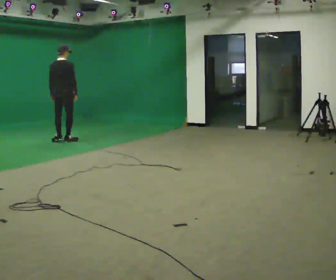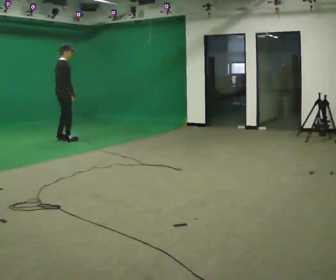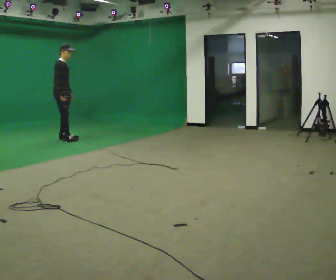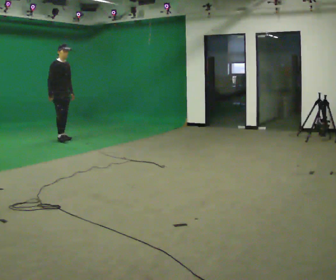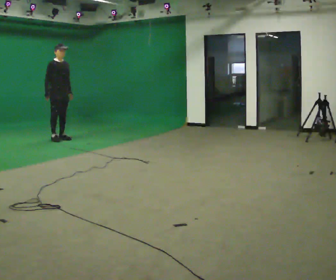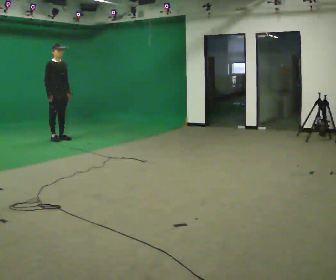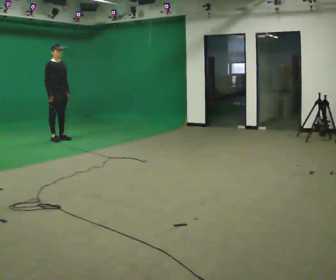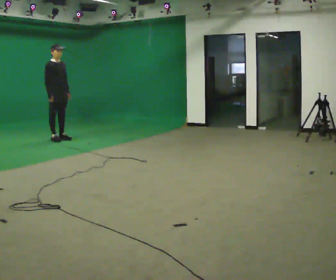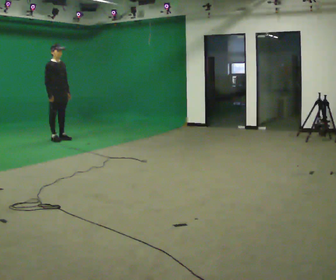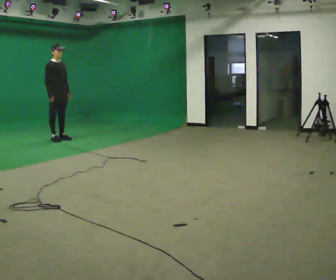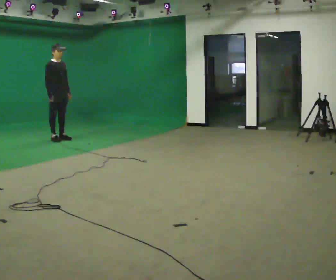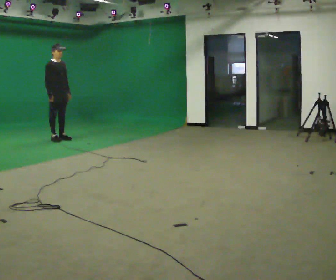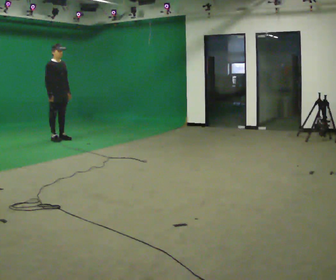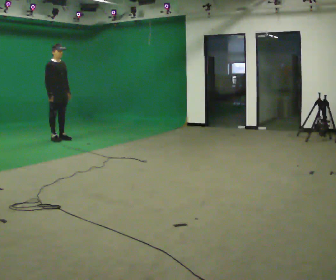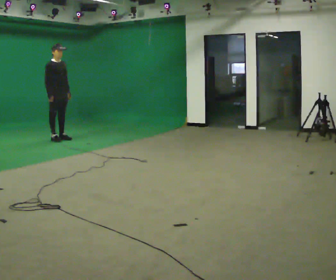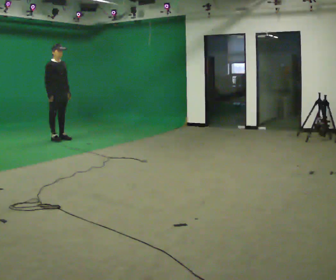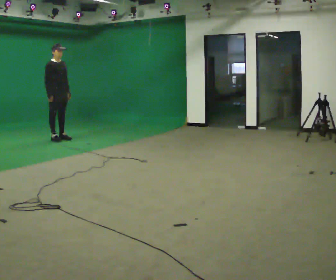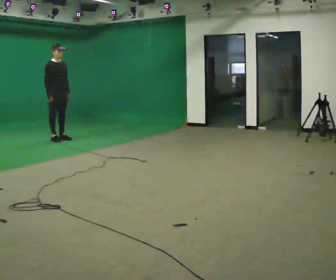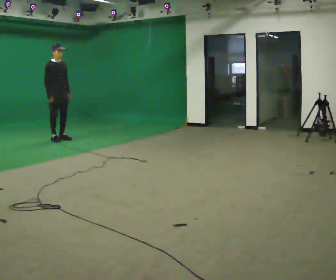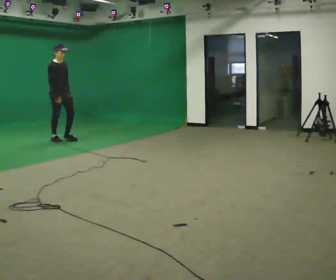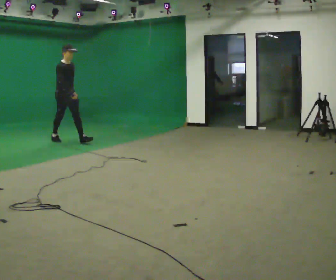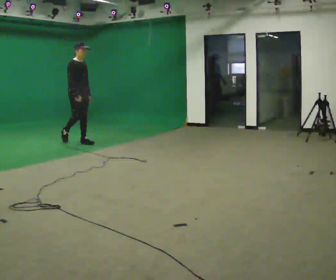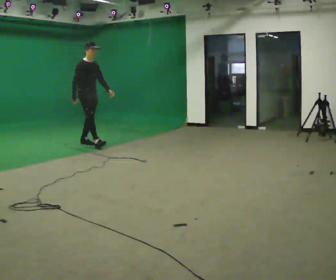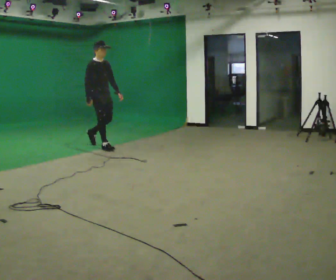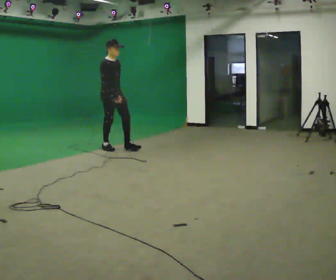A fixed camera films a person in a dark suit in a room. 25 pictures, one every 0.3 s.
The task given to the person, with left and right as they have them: Stand still 2 s; begin walking naturally; walk forward; stop.
0.0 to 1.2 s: The person turns about 105 degrees to their right, clockwise seen from above, so the part of the body nearest the lens slides to the left. In the picture they go away from the camera, about 0.25 m in 2 steps.
1.2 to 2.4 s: The person moves a little, or ends about where they began.
2.4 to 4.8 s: The person keeps their place and pose.
4.8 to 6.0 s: In the picture they go toward the camera and to the right, about 0.25 m in 1 step, which for them is forward.
6.0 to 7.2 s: In the picture they go toward the camera and to the right, about 1 m in 1 step, which for them is forward.
The film runs forward here.
